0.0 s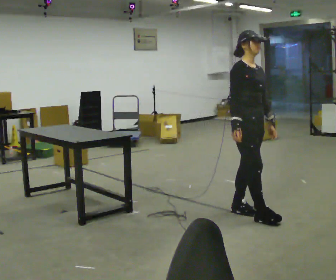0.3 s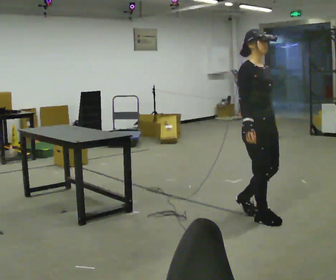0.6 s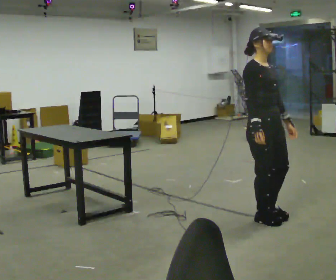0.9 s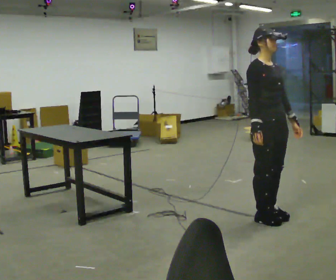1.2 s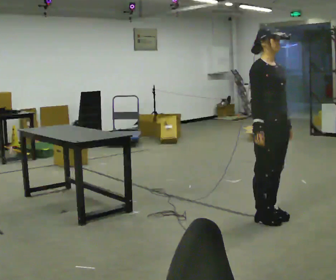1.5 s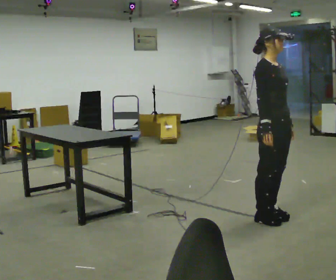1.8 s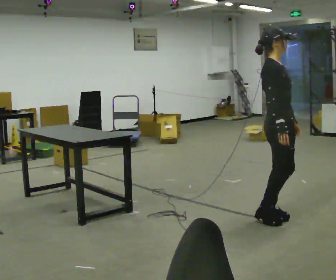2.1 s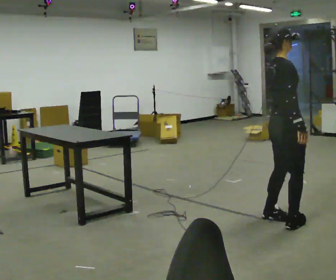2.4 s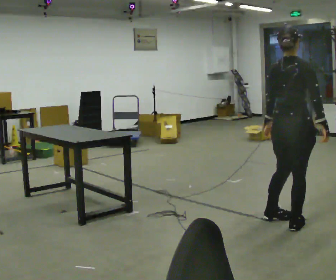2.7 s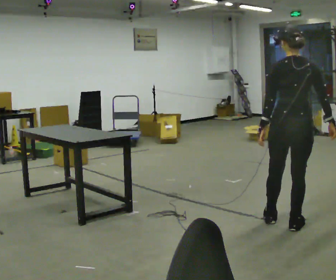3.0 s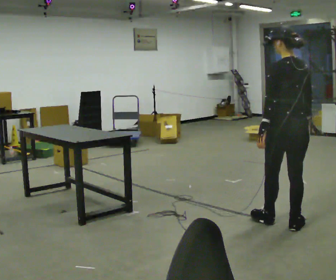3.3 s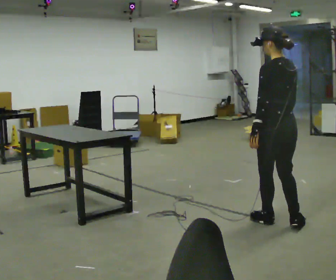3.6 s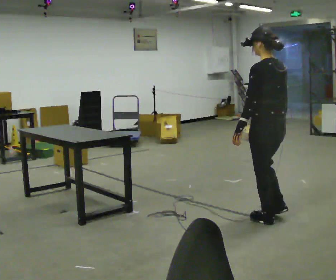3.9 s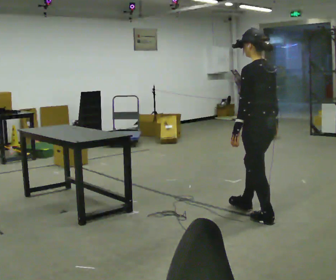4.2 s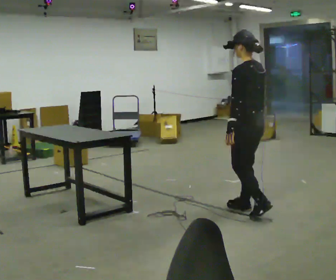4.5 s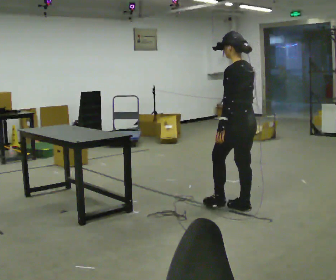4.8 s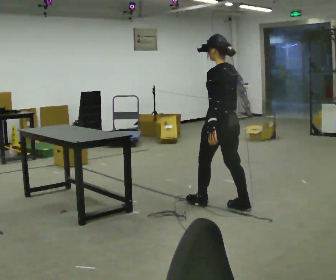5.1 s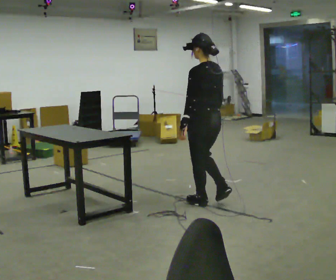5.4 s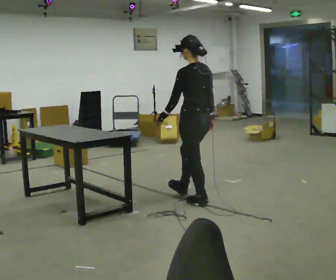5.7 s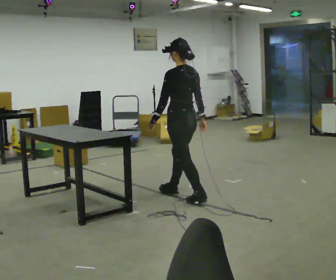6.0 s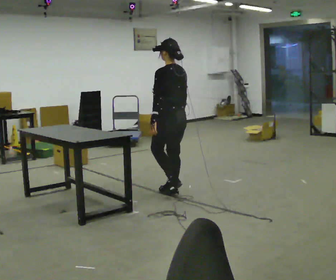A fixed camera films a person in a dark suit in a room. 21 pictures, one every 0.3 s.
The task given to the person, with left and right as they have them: Pick the object up off the floor using only the hand the operator calls, then carry it to the table in that same hand. Keep going until the operator says stop; one object at a time, and do not rush between trips.
0.0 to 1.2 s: In the picture they go to the right, about 0.25 m in 1 step, which for them is forward.
1.2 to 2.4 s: The person turns about 90 degrees to their left, counterclockwise seen from above, so the part of the body nearest the lens slides to the right. In the picture their right hand goes to the right.
2.4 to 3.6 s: The person turns about 75 degrees to their left, counterclockwise seen from above, so the part of the body nearest the lens slides to the right. In the picture they go to the left, about 0.25 m. In the picture their right hand goes to the left.
3.6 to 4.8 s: In the picture they go to the left and away from the camera, about 0.5 m in 2 steps, which for them is forward.
4.8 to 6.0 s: In the picture they go to the left and away from the camera, about 0.75 m in 1 step, which for them is forward.
The film runs forward here.
